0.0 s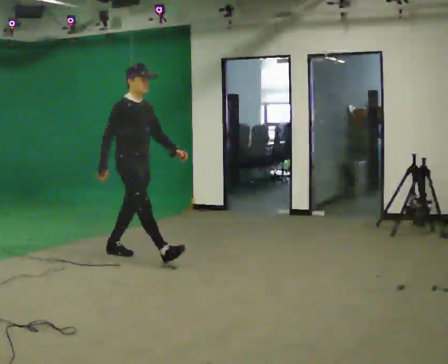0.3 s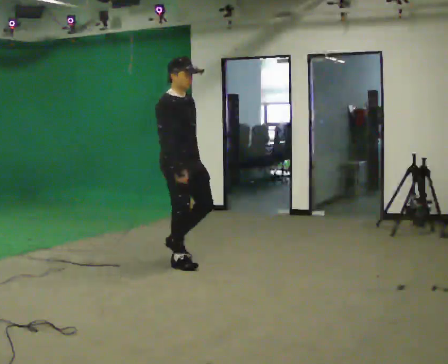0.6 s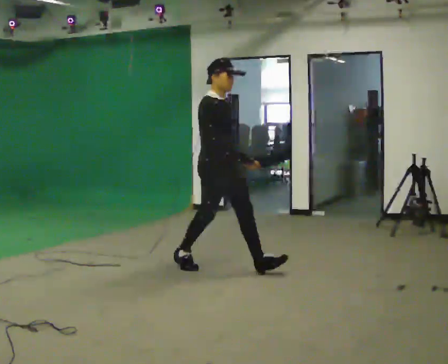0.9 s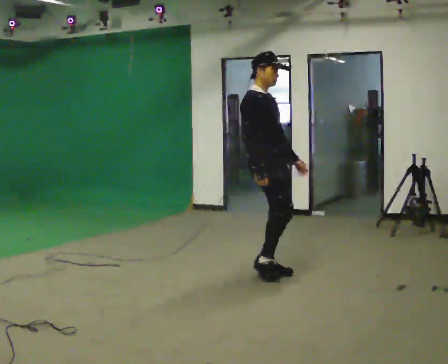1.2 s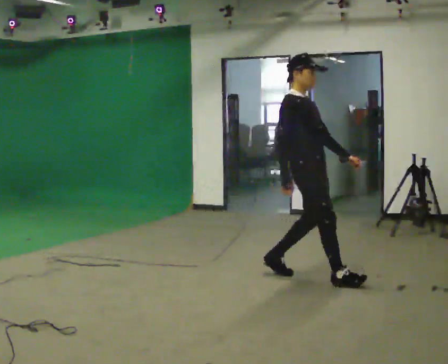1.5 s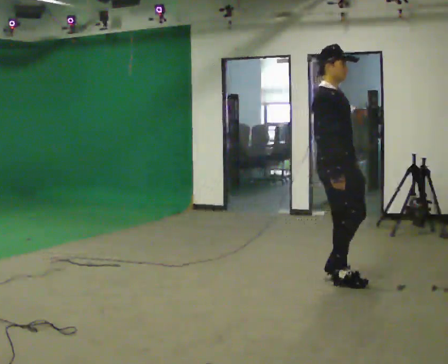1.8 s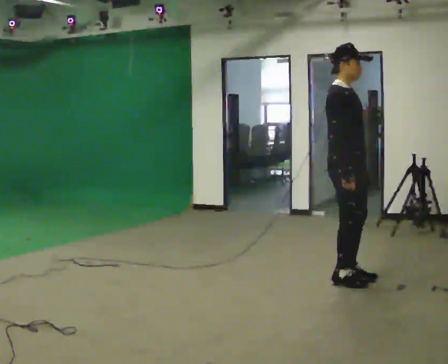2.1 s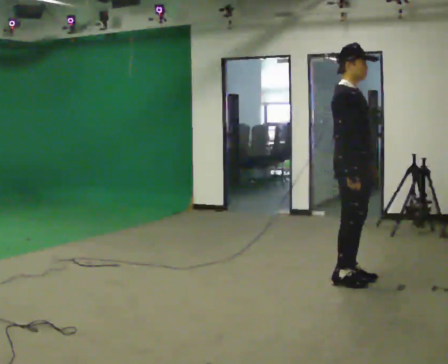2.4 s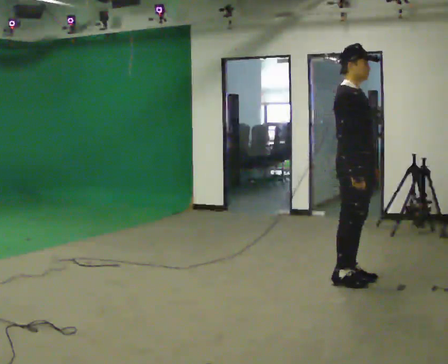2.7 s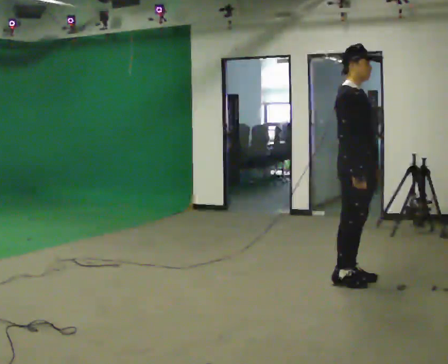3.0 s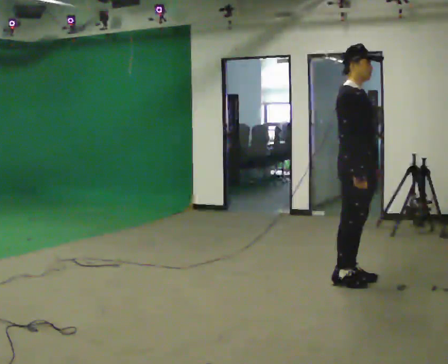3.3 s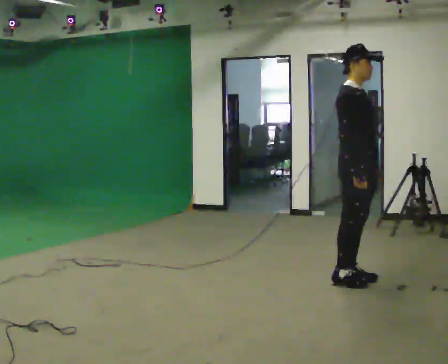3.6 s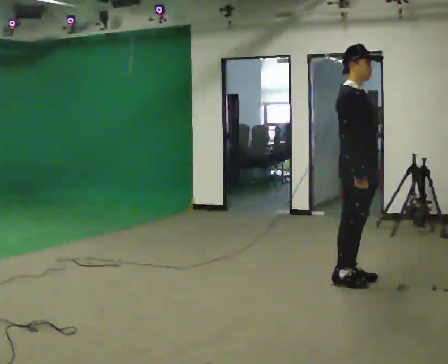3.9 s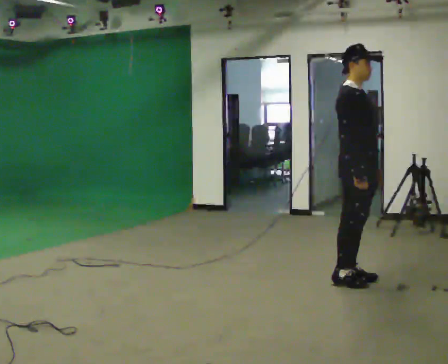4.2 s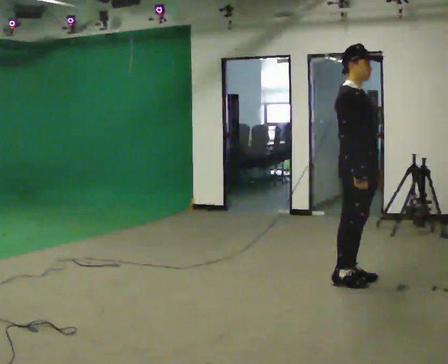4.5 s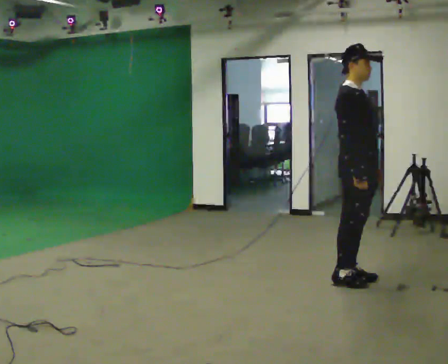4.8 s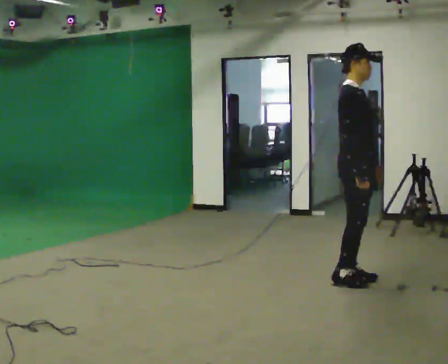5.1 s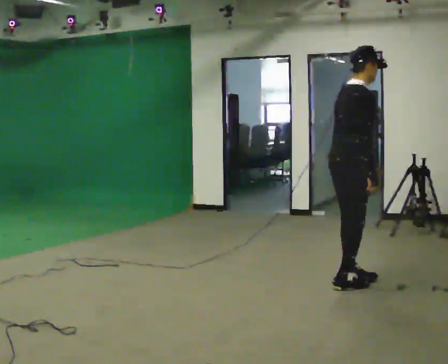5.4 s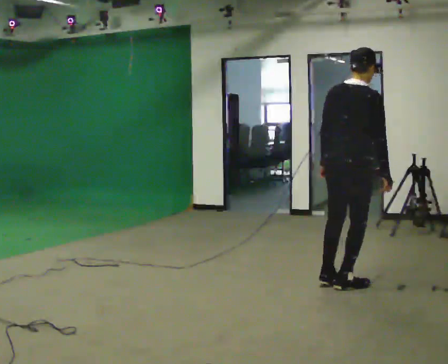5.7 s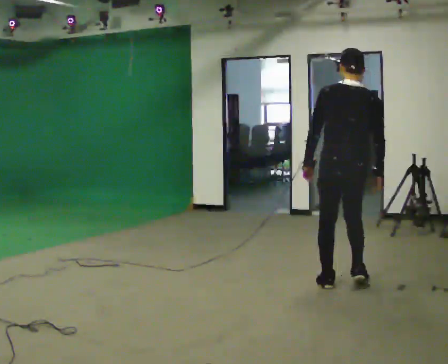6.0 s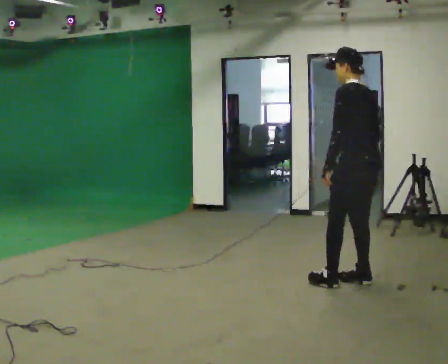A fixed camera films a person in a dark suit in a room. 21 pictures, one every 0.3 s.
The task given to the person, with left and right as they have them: Start still; gradually go slow → normal → fast; briefly maintain fast speed; stop.
0.0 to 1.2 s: In the picture they go to the right, about 1.5 m in 3 steps, which for them is forward.
1.2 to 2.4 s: In the picture they go to the right, about 0.25 m in 1 step, which for them is forward.
2.4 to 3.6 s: The person keeps their place and pose.
3.6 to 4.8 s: The person moves a little, or ends about where they began.
4.8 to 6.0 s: The part of the body nearest the lens slides to the right as the person turns to their left by about 150 degrees.
The film runs forward here.
